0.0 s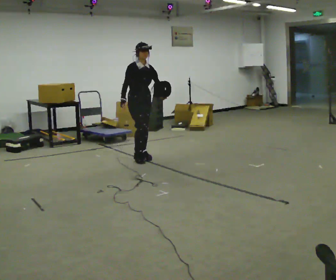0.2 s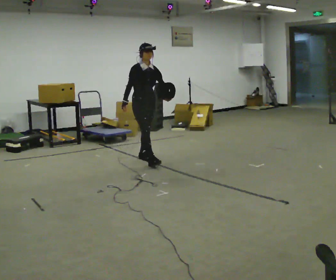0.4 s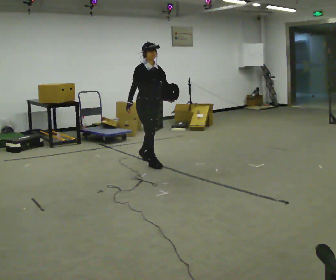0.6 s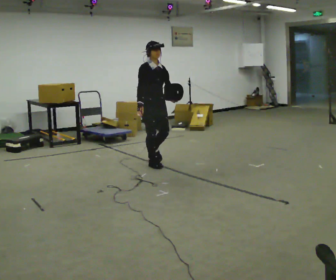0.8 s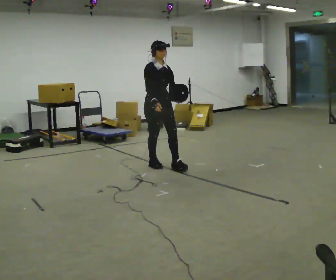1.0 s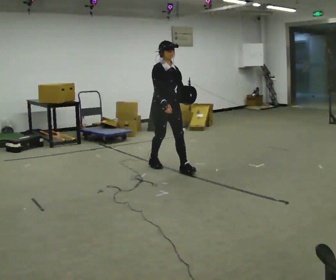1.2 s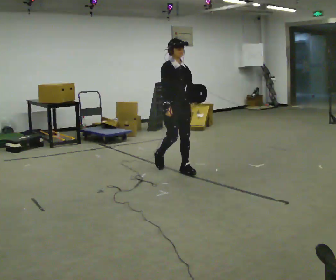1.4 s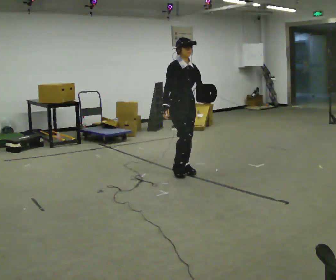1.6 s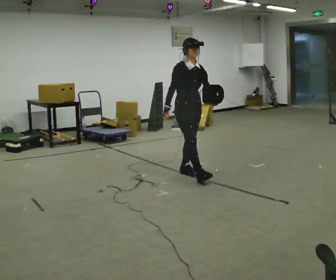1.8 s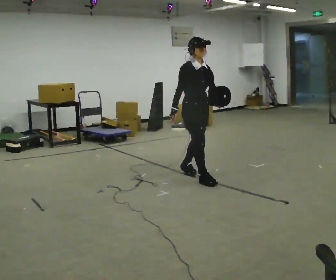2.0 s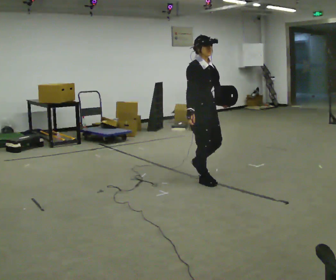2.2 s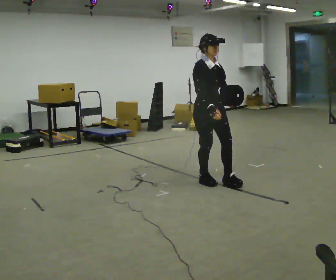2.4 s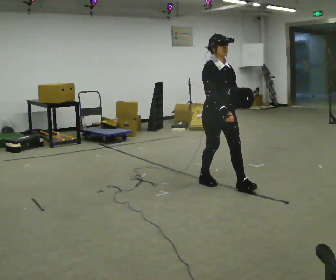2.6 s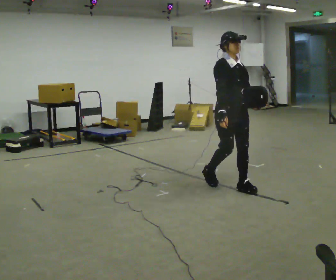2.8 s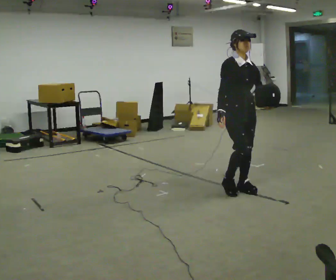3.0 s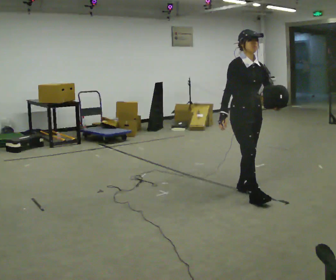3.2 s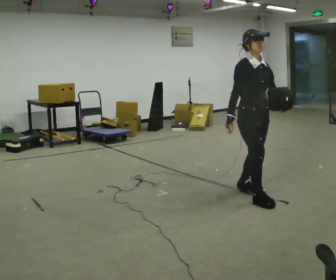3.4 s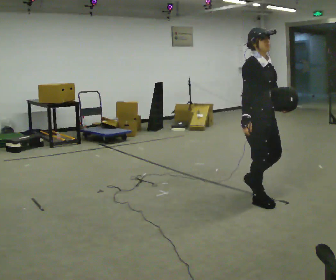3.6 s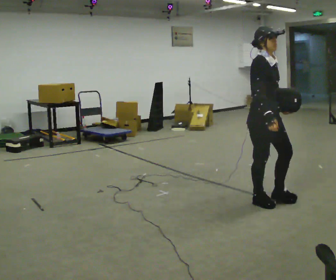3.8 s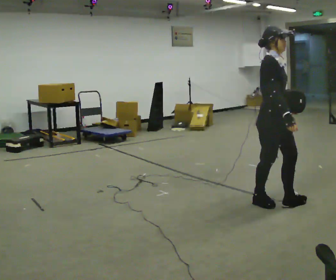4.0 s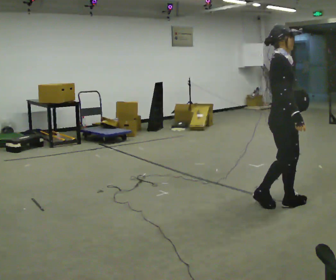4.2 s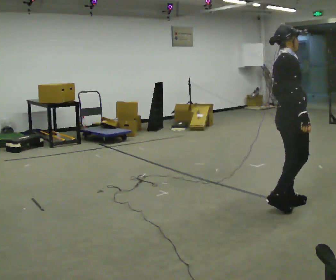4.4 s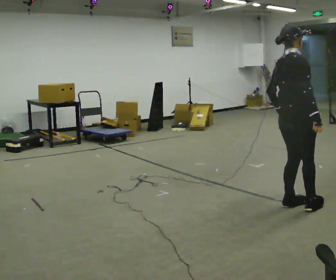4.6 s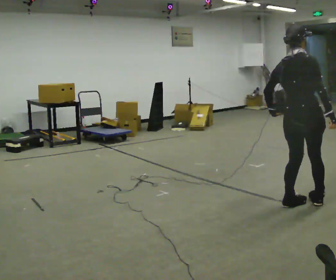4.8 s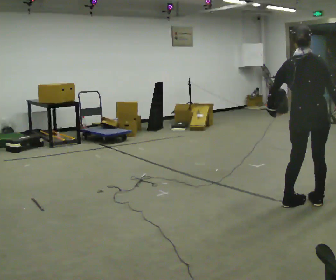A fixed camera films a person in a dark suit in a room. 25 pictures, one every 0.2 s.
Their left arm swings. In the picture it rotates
clockwise.
0.0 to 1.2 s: In the picture they go toward the camera and to the right, about 1 m in 2 steps, which for them is forward.
1.2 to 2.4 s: In the picture they go toward the camera and to the right, about 1 m in 2 steps, which for them is forward.
2.4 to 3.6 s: In the picture they go toward the camera and to the right, about 0.75 m in 1 step, which for them is forward.
3.6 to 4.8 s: The person turns about 120 degrees to their left, counterclockwise seen from above, so the part of the body nearest the lens slides to the right. In the picture they go to the right, about 0.5 m in 2 steps.
The film runs forward here.
